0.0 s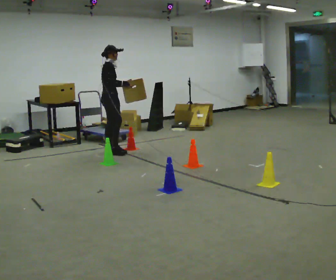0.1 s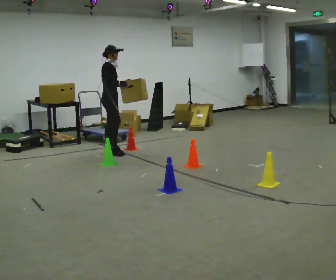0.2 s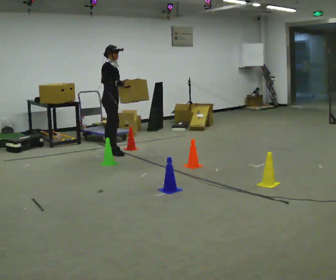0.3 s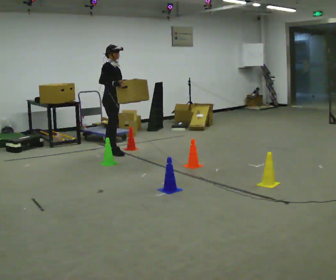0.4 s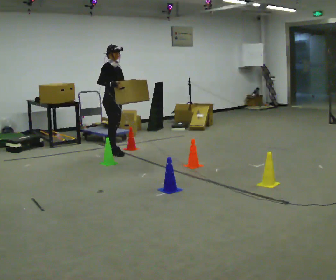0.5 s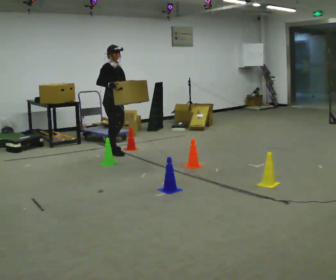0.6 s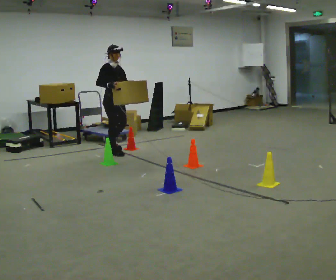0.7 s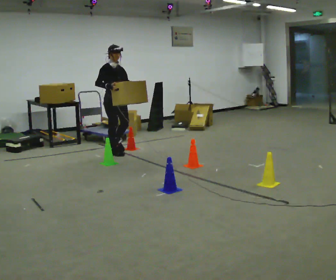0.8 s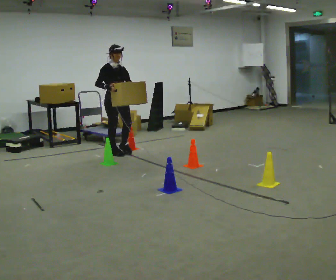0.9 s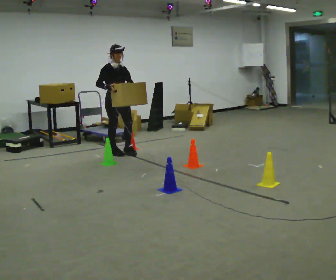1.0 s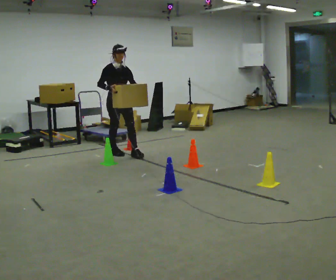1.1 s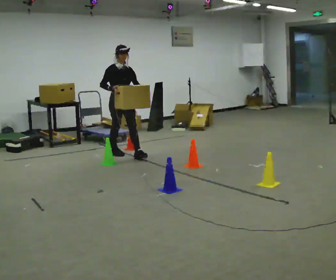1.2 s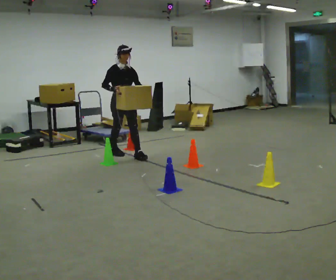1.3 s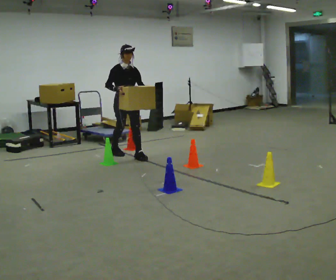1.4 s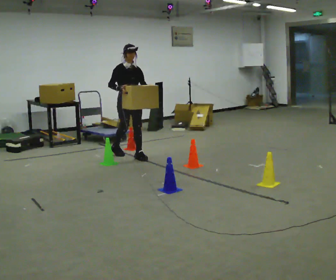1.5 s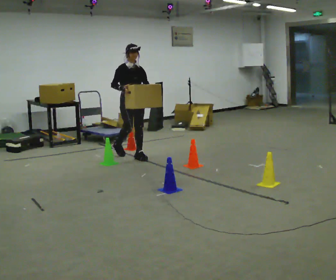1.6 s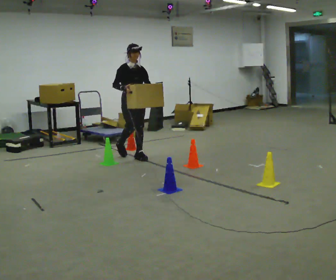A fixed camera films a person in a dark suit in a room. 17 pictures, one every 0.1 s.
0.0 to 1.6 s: The person turns about 60 degrees to their right, clockwise seen from above, so the part of the body nearest the lens slides to the left. In the picture they go toward the camera and to the right, about 0.5 m in 1 step.
The film runs forward here.
